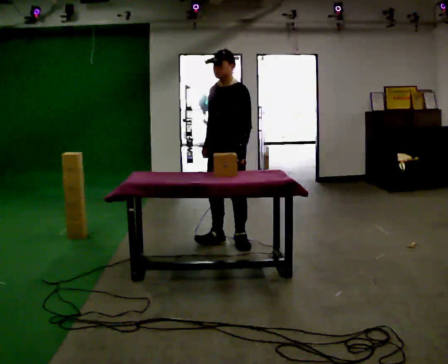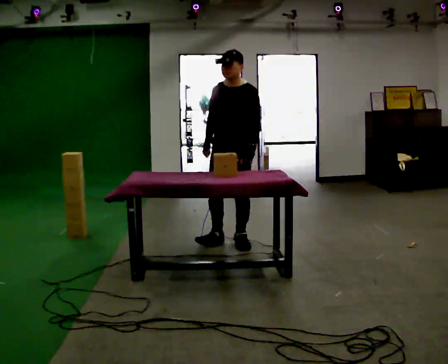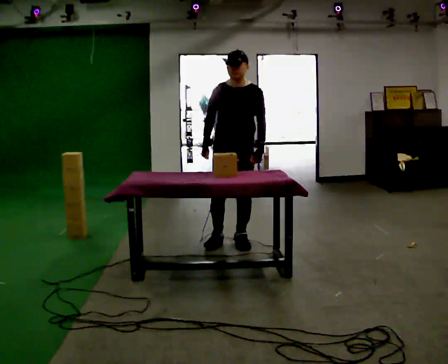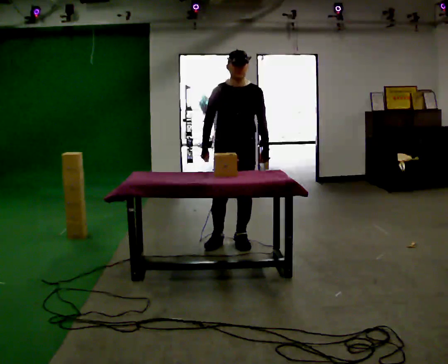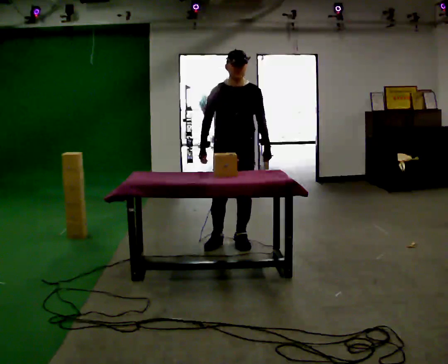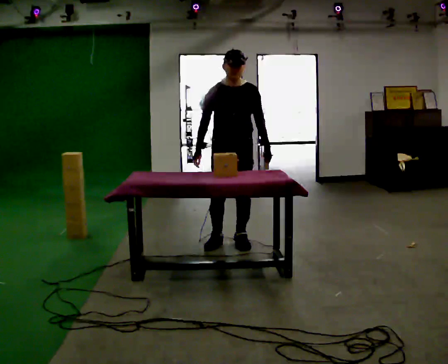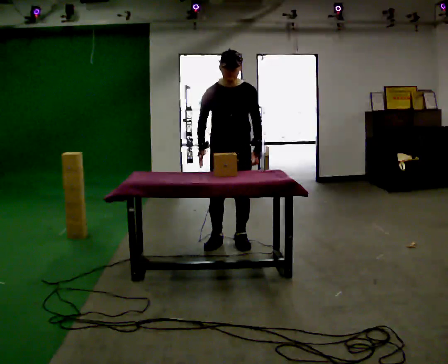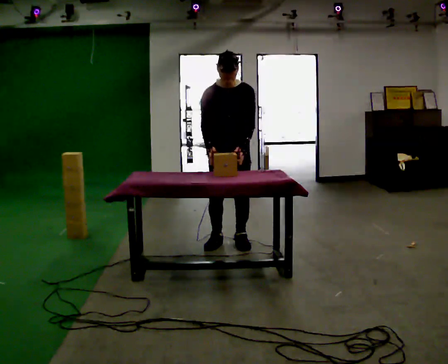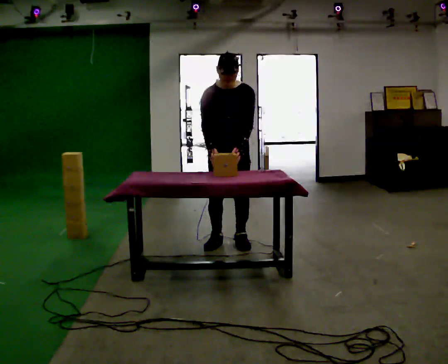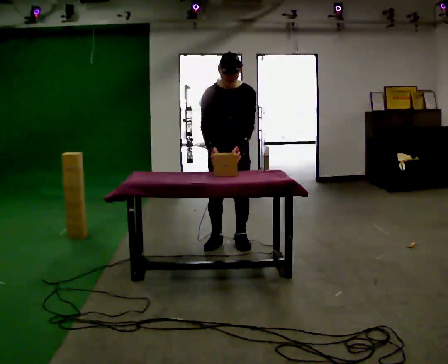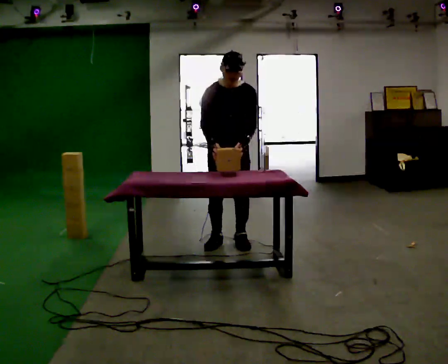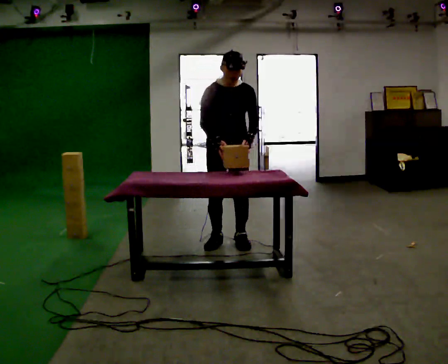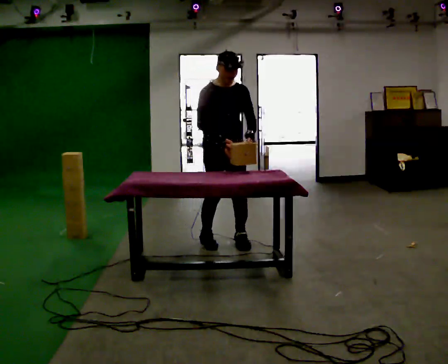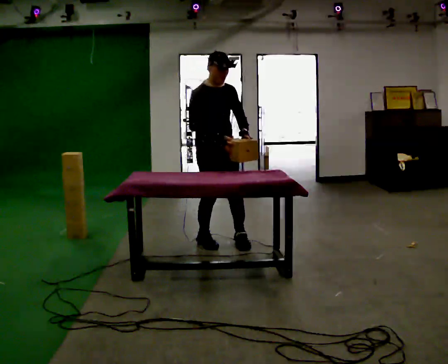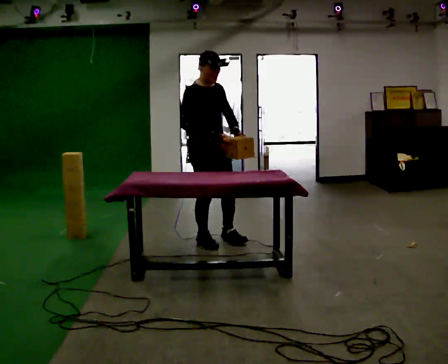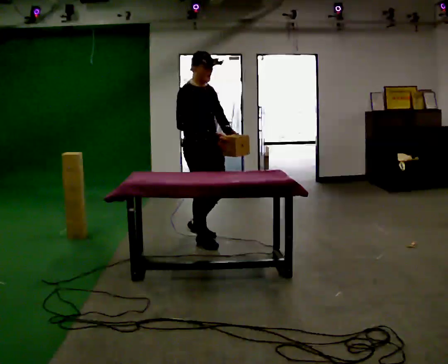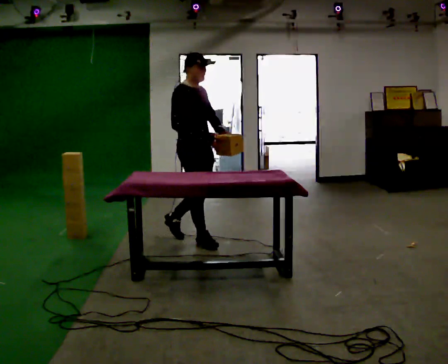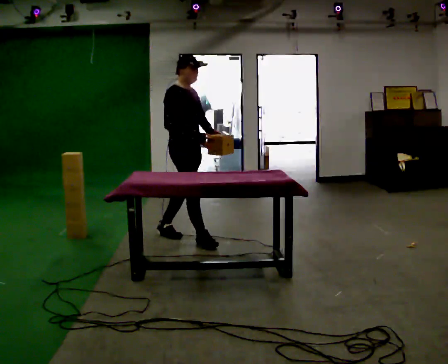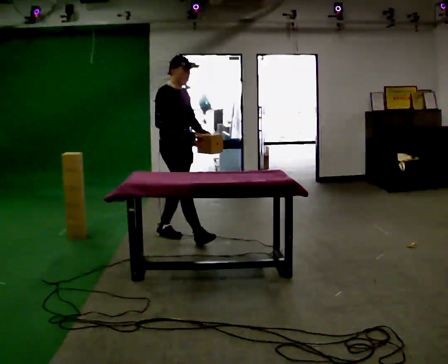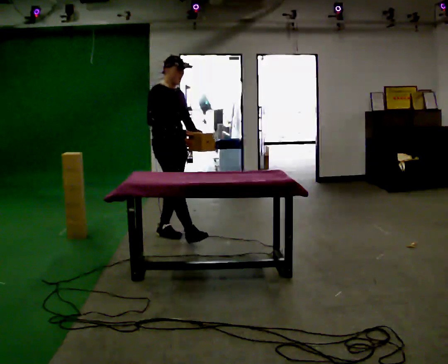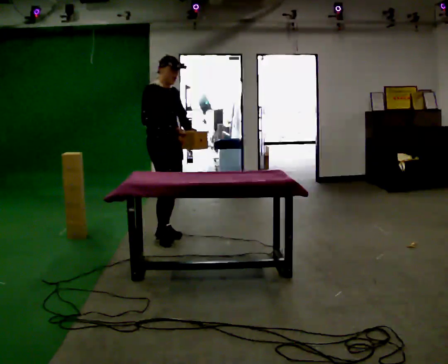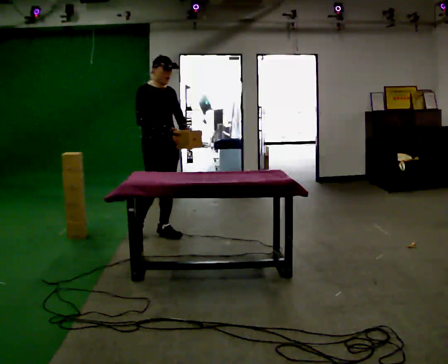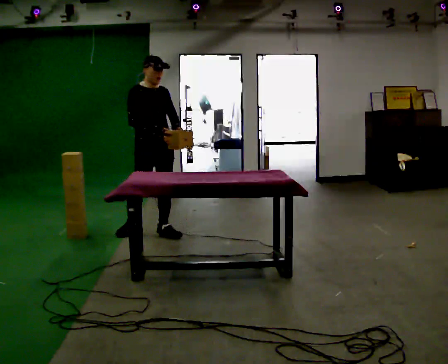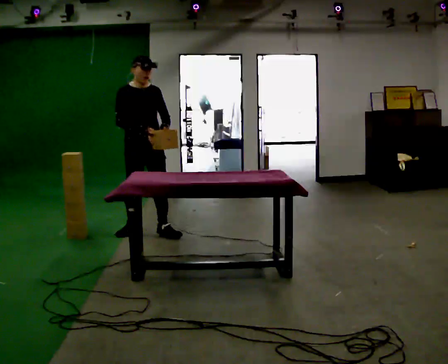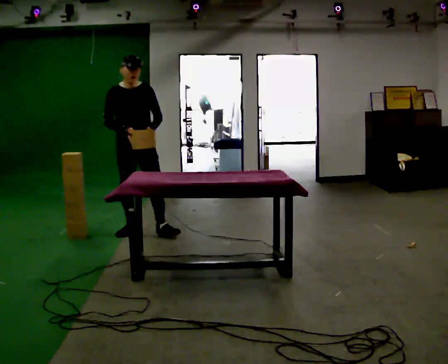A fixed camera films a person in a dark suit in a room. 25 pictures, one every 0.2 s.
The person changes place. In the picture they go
to the left.
0.0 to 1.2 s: Seen from above the body turns counterclockwise, about 45 degrees: to their left, with its near side sliding to the right.
1.2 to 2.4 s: The person moves a little, or ends about where they began.
2.4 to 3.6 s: The part of the body nearest the lens slides to the right as the person turns to their left by about 45 degrees. In the picture they go to the left and away from the camera, about 0.5 m in 1 step, which for them is backward.
3.6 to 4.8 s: The person turns about 45 degrees to their right, clockwise seen from above, so the part of the body nearest the lens slides to the left. In the picture they go to the left, about 0.5 m in 1 step, which for them is backward and to their right.
The film runs backward here.
